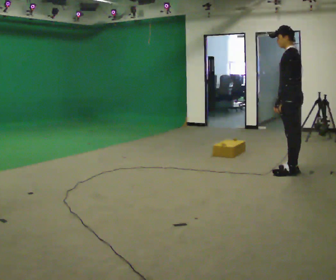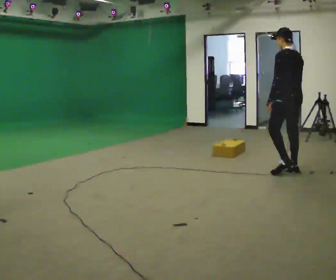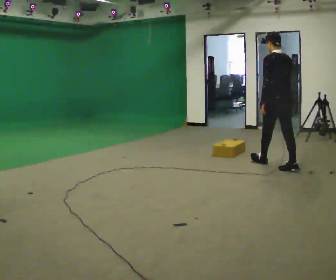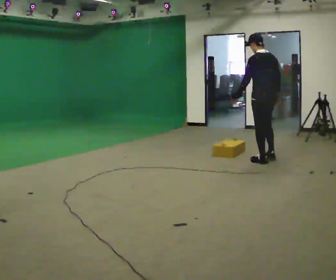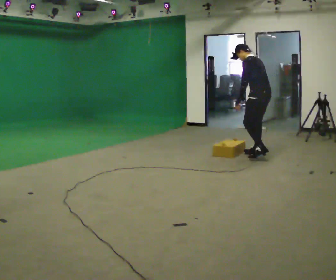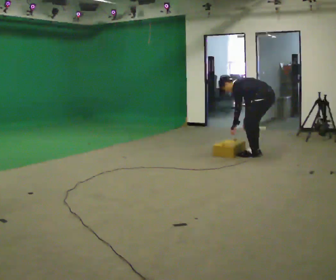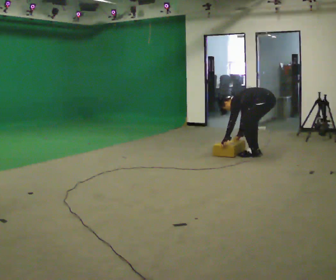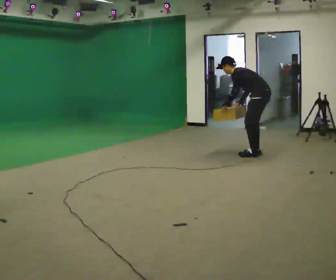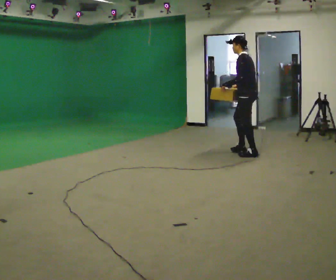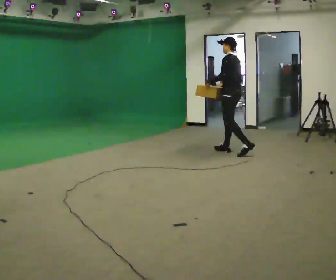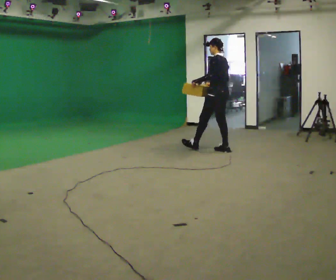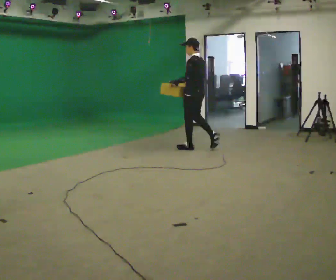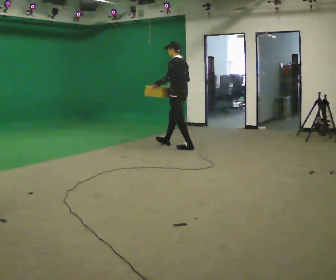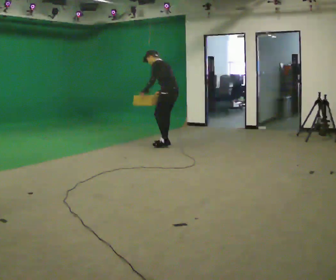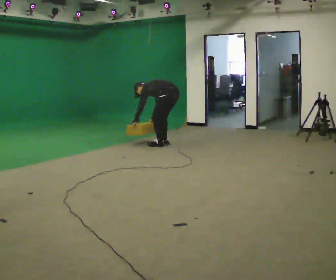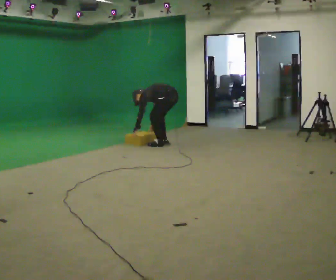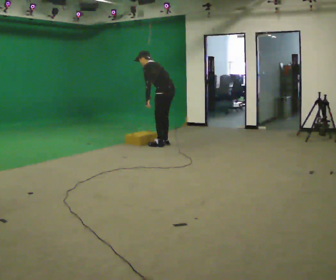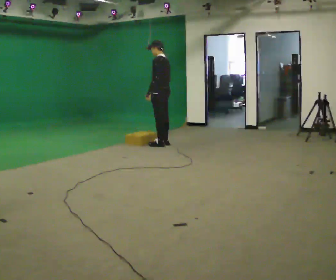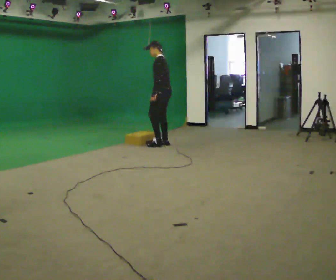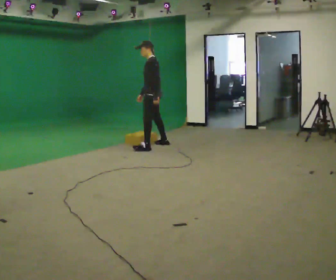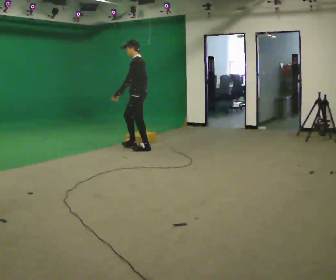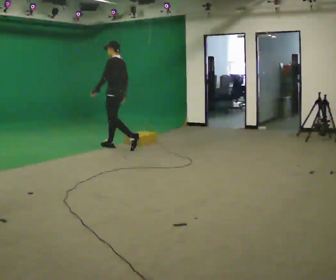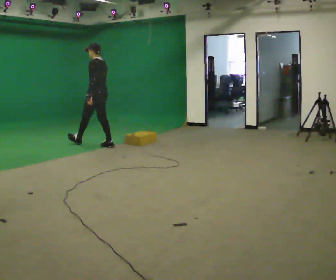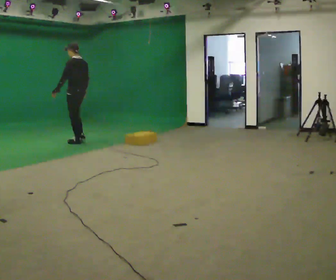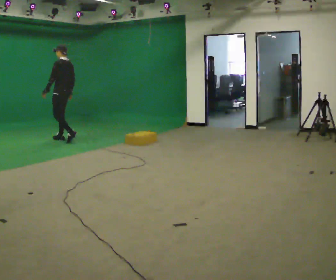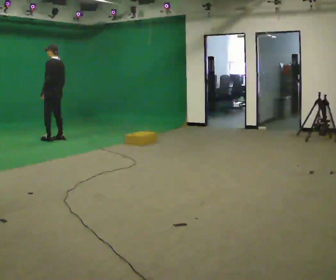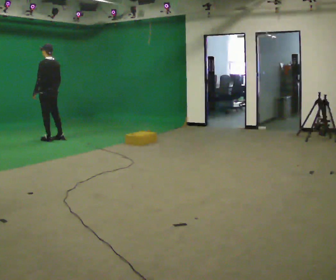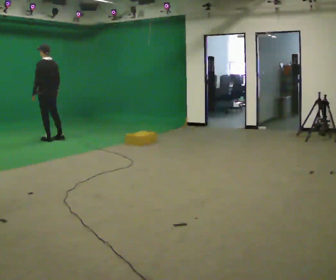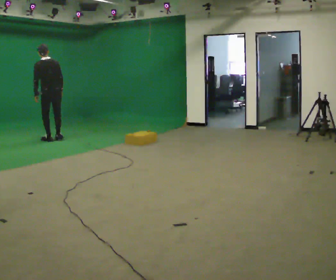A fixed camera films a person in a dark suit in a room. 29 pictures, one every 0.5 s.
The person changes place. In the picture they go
to the left.
0.0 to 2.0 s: In the picture they go away from the camera, about 1 m in 2 steps, which for them is forward. The upper body tips away from the camera, its near side rolling upward, as they bend forward.
2.0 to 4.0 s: In the picture they go to the left, about 0.25 m in 1 step, which for them is forward. In the picture their right hand goes to the left.
4.0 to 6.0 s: In the picture they go to the left and away from the camera, about 1 m in 3 steps, which for them is forward.
6.0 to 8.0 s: In the picture they go to the left, about 0.25 m in 1 step, which for them is forward.
8.0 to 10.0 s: In the picture they go to the left and toward the camera, about 0.5 m in 1 step, which for them is forward and to their left.
10.0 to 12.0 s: In the picture they go to the left, about 1.5 m in 3 steps, which for them is forward.
12.0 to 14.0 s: The part of the body nearest the lens slides to the left as the person turns to their right by about 45 degrees. In the picture they go to the left, about 0.25 m in 1 step, which for them is forward and to their left.
The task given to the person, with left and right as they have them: Start still; walk straight at normal comfortable speed; stop at endpoint.
The film runs forward here.
